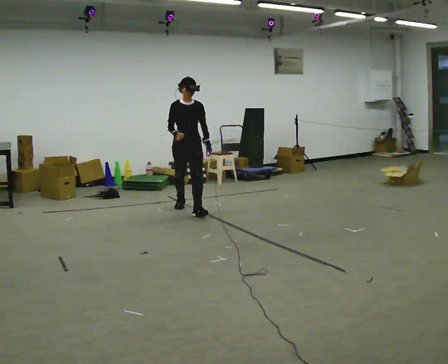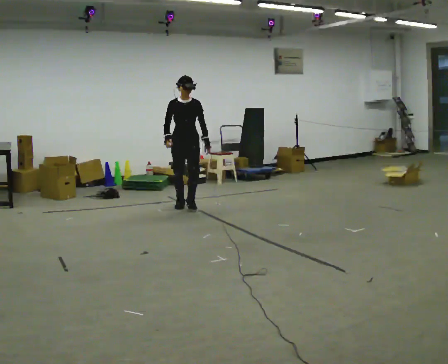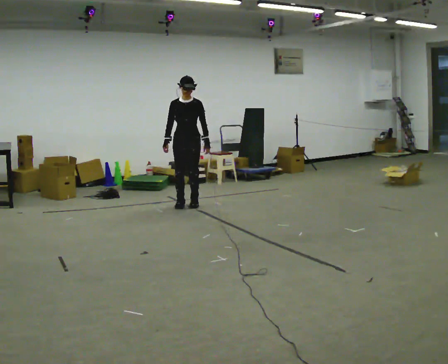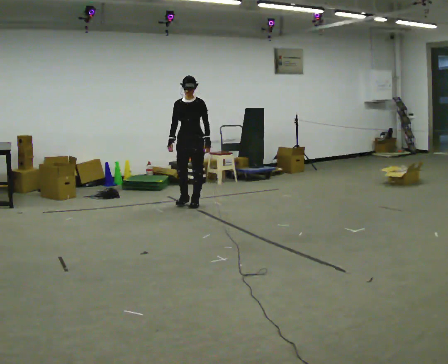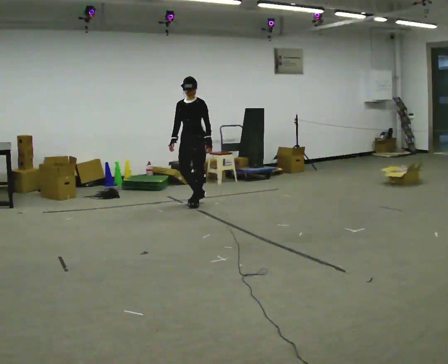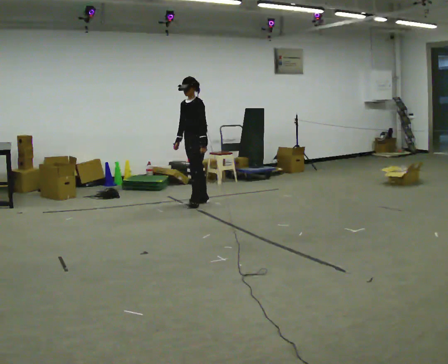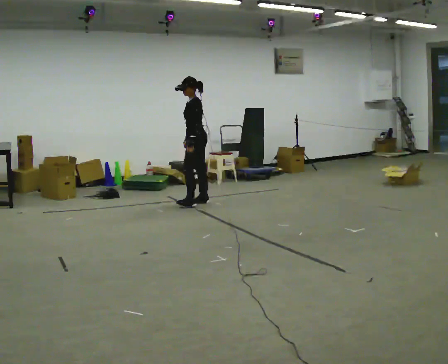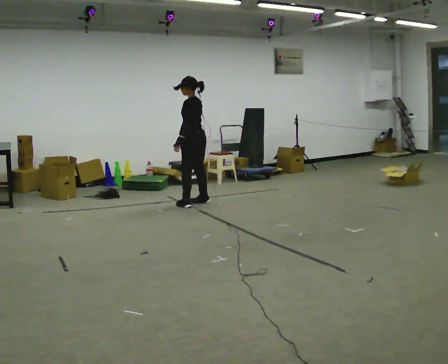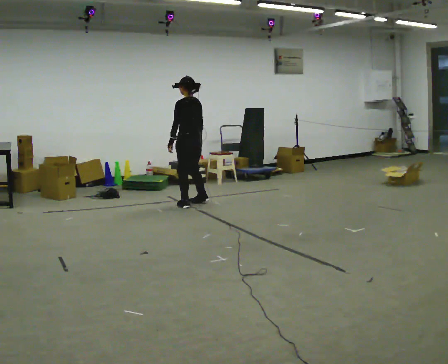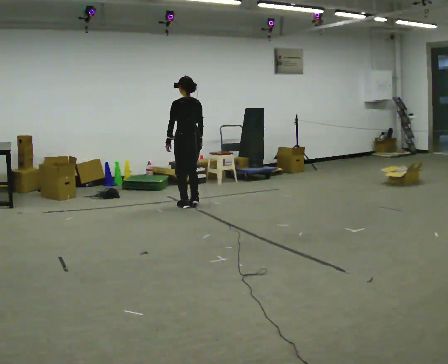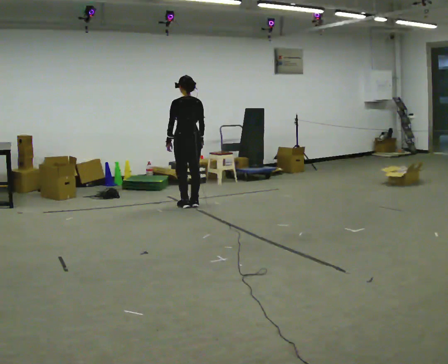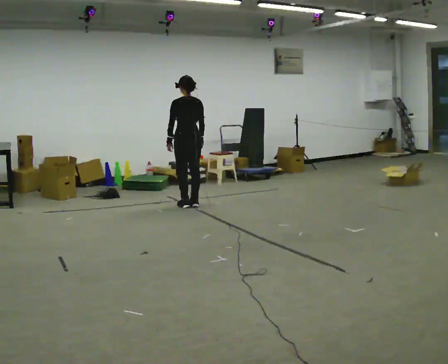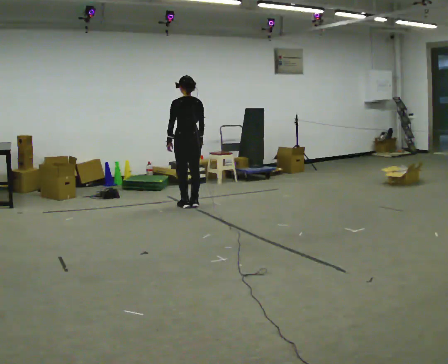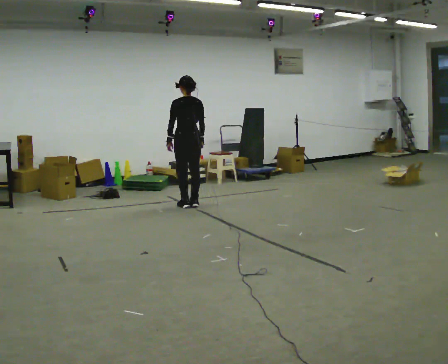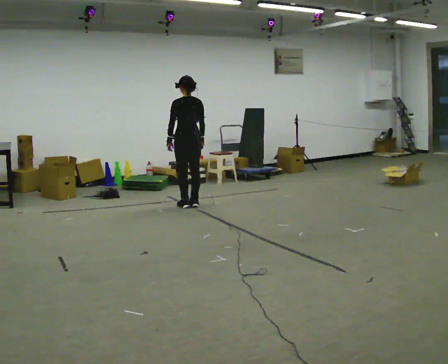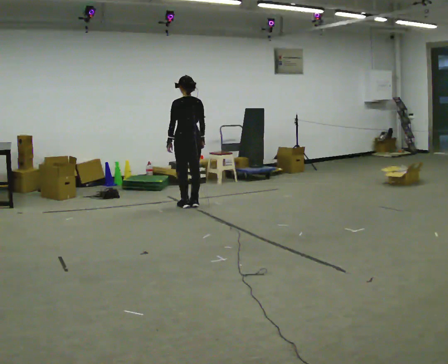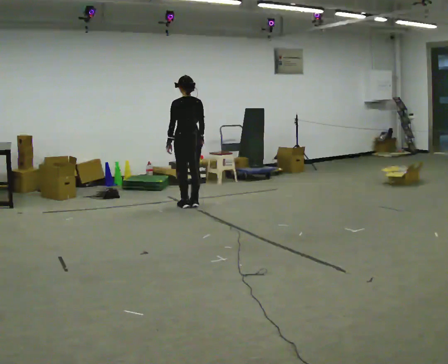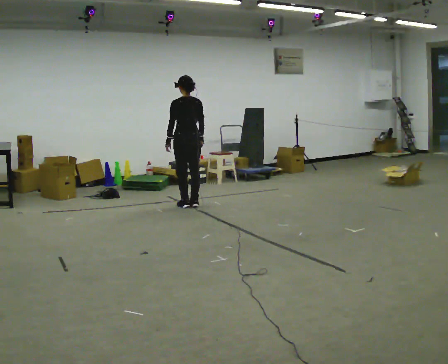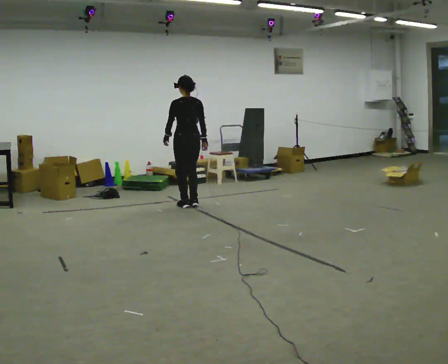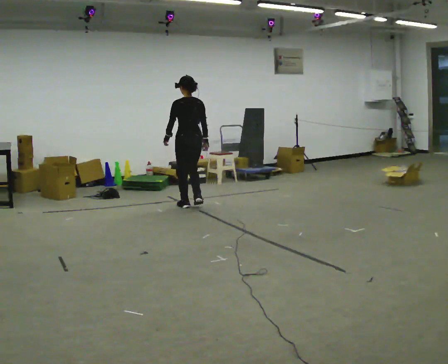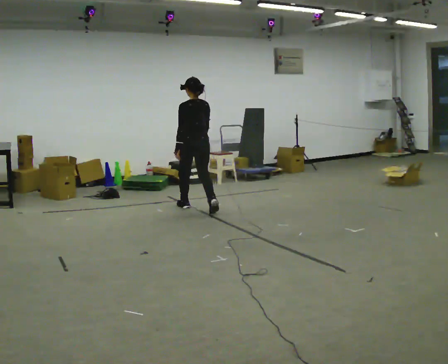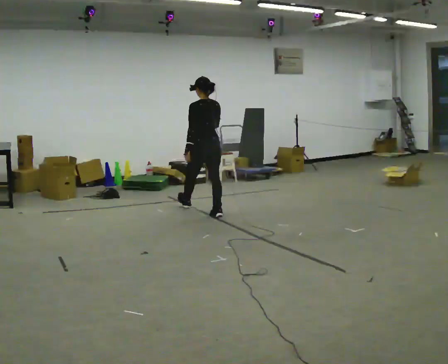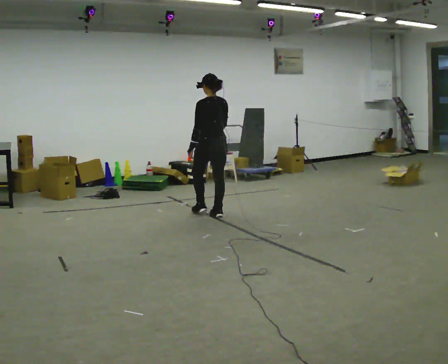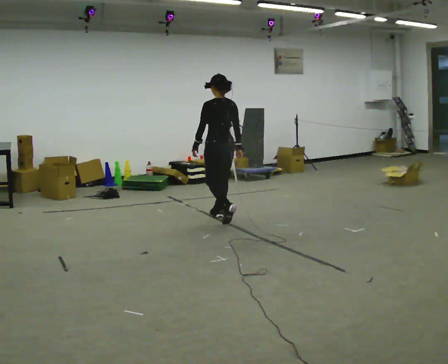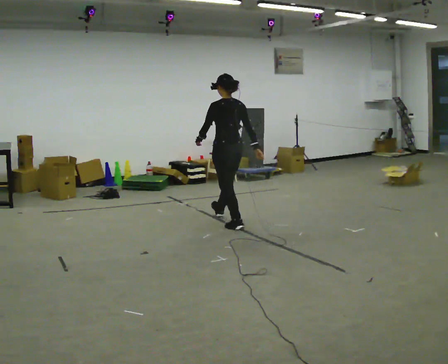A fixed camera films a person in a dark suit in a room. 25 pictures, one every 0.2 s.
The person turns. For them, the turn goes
to their right.
The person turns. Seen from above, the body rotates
clockwise.
0.0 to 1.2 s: The part of the body nearest the lens slides to the left as the person turns to their right by about 90 degrees. In the picture they go away from the camera, about 0.5 m in 3 steps.
1.2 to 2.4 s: Seen from above the body turns clockwise, about 90 degrees: to their right, with its near side sliding to the left. In the picture their left hand goes to the left.
2.4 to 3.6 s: The person moves a little, or ends about where they began.
3.6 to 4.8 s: In the picture they go toward the camera and to the right, about 1 m in 3 steps, which for them is backward.
The film runs backward here.
